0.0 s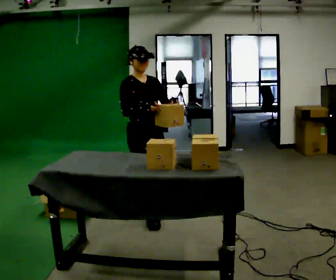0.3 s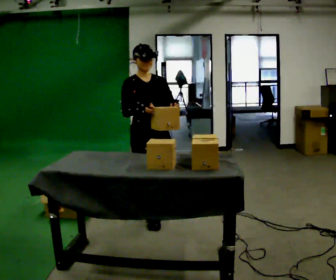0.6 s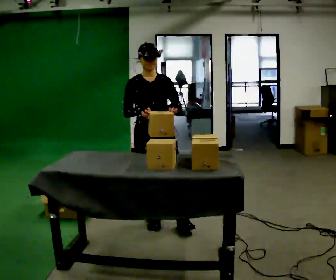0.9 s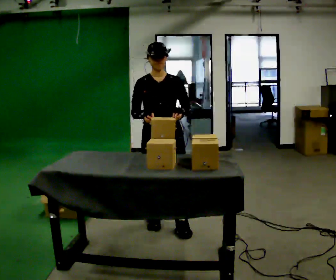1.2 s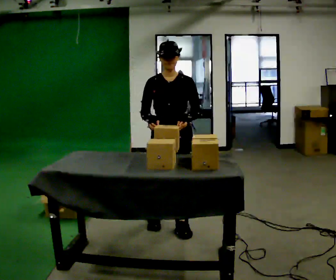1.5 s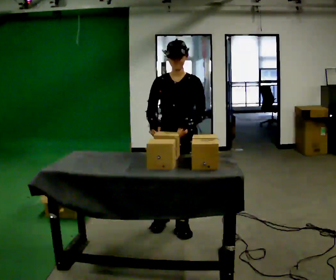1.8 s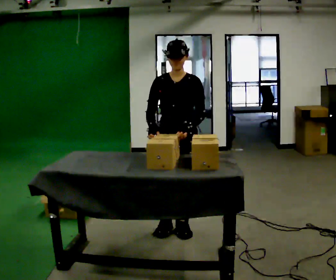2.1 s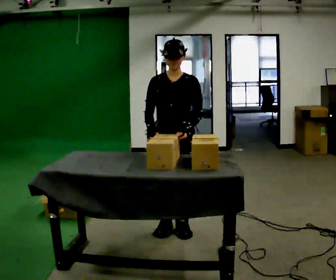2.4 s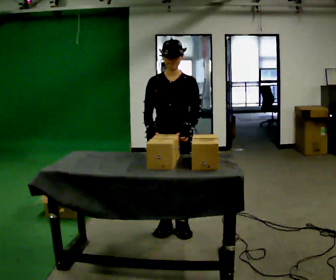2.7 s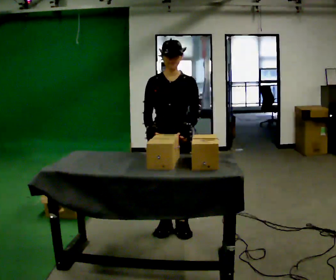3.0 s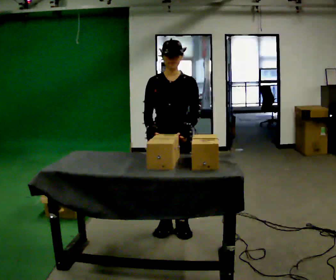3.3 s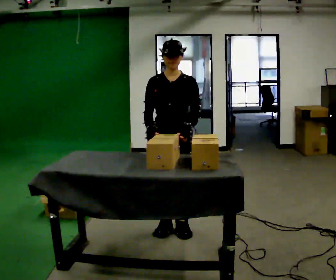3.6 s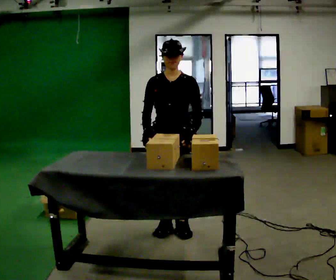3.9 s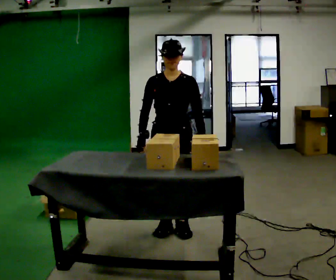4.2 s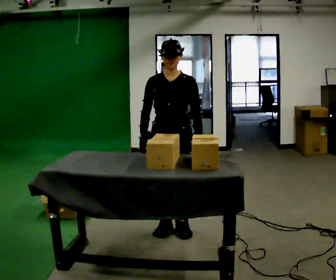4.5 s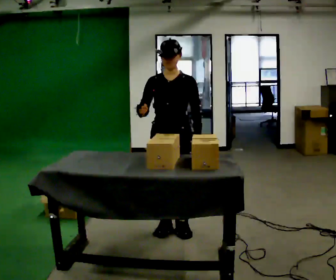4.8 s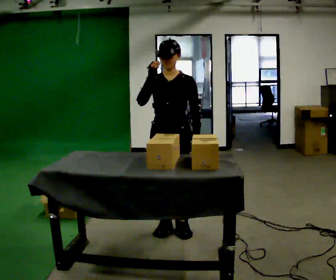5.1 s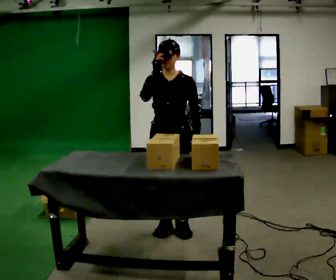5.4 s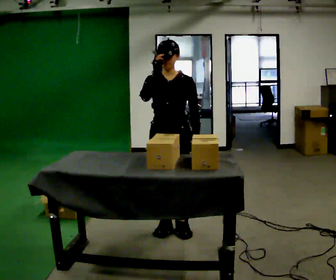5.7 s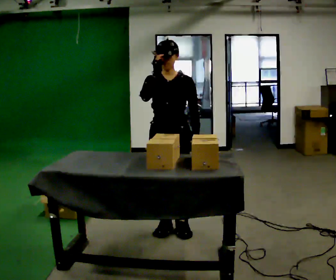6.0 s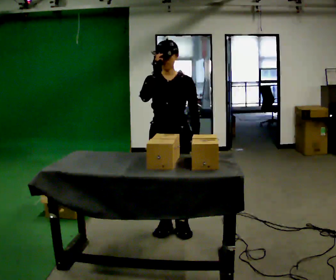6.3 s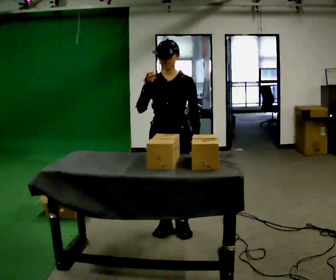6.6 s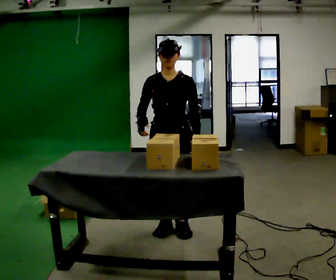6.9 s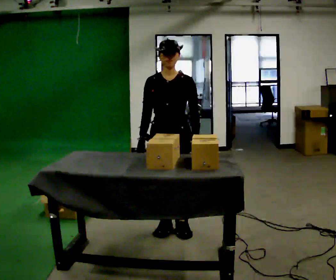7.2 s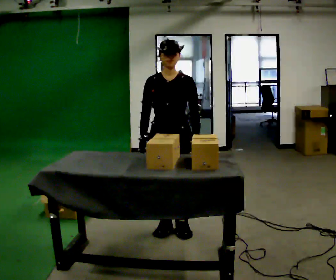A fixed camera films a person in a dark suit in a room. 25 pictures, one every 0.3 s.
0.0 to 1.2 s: Seen from above the body turns clockwise, about 45 degrees: to their right, with its near side sliding to the left. In the picture they go toward the camera and to the right, about 0.25 m in 1 step, which for them is forward and to their left.
1.2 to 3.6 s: The person moves a little, or ends about where they began.
3.6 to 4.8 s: In the picture their right hand goes upward.
4.8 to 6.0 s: The person moves a little, or ends about where they began.
6.0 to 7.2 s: In the picture their right hand goes downward.
The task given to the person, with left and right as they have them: Take objects out of the bin one at a time and lay them out on the table, stepping between the bin and the table each time. Keep going until the operator says stop; one object at a time, and do not rush between trips.
The film runs forward here.
